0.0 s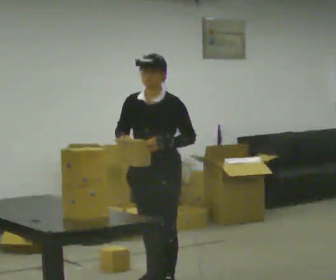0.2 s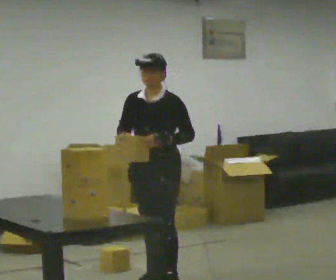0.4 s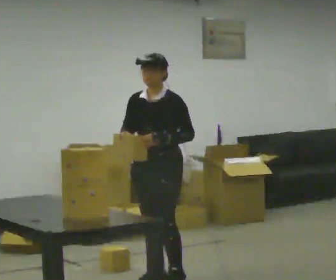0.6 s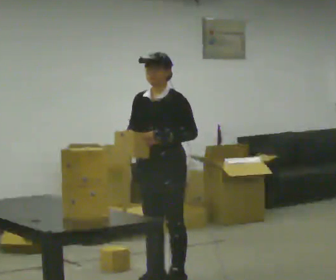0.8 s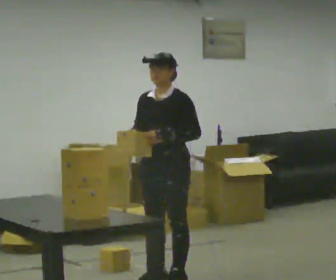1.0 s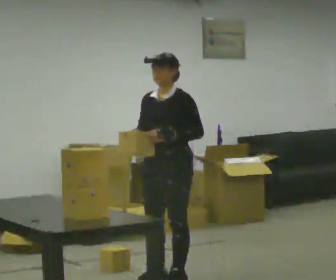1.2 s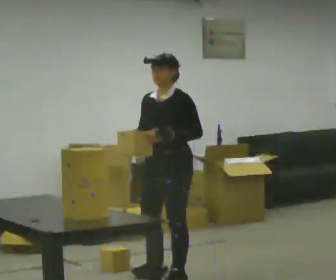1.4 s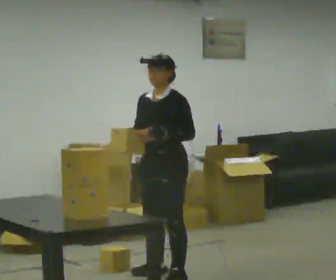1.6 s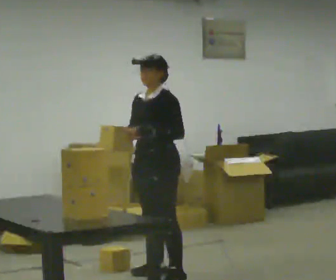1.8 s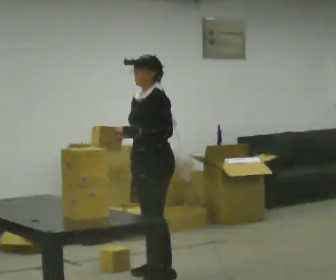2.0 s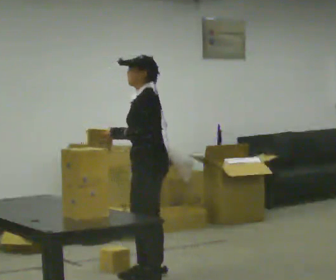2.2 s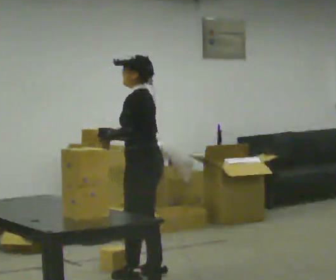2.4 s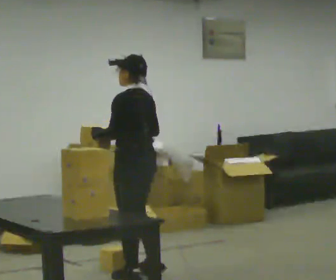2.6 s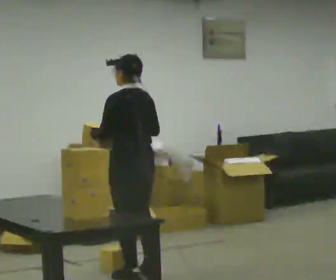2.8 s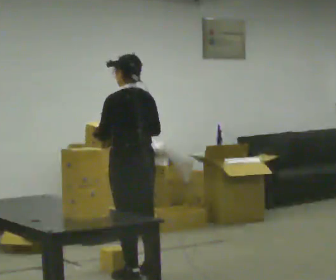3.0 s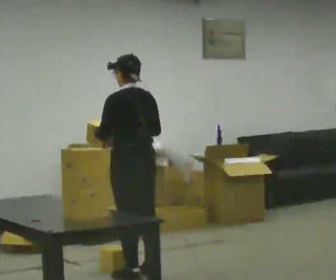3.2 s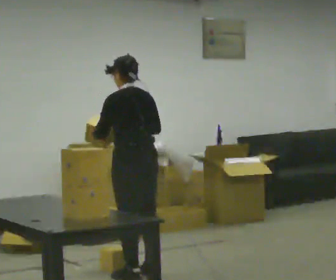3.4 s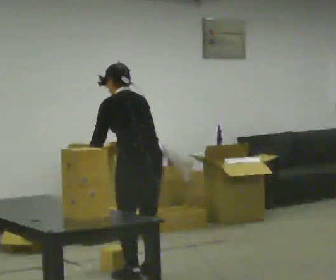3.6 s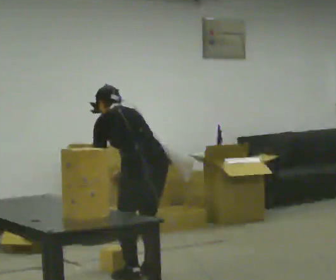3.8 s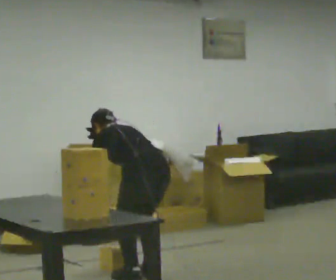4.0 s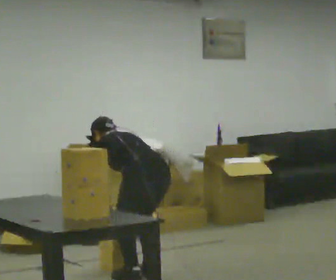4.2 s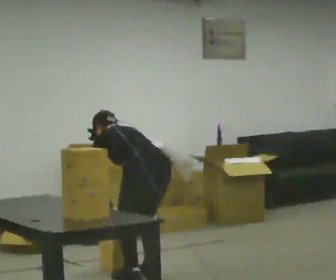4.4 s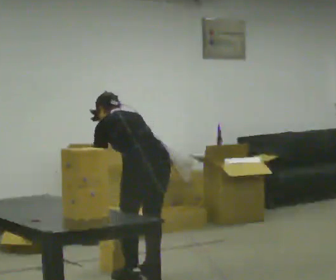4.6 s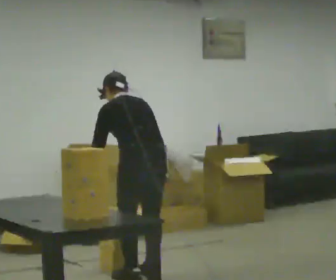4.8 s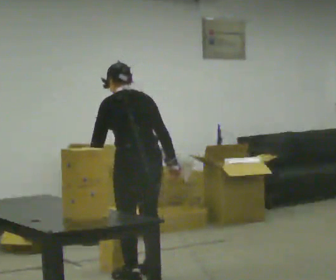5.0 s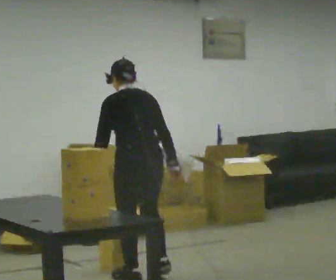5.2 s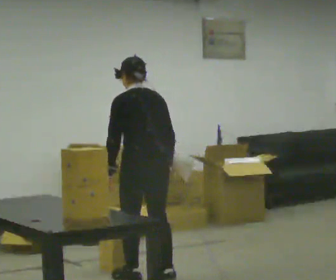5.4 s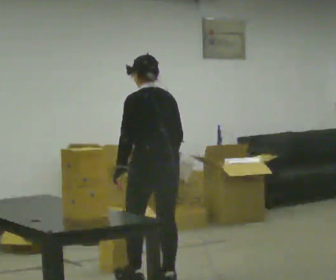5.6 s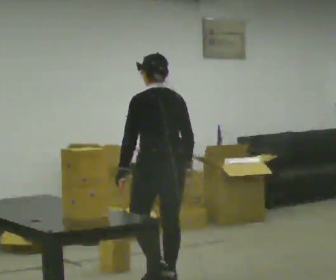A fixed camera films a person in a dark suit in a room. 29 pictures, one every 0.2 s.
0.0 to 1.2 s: In the picture they go away from the camera, about 0.25 m in 2 steps, which for them is backward.
1.2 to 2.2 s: The person turns about 60 degrees to their right, clockwise seen from above, so the part of the body nearest the lens slides to the left. In the picture they go to the left, about 0.25 m in 1 step, which for them is to their right. In the picture their left hand goes to the left.
2.2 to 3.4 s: The person turns about 45 degrees to their right, clockwise seen from above, so the part of the body nearest the lens slides to the left.
3.4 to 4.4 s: In the picture their right hand goes downward.
4.4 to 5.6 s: In the picture they go toward the camera, about 0.25 m in 2 steps, which for them is backward. The shoulders move upward. The upper body tips toward the camera, its near side rolling downward, as they lean back or straighten.
The film runs backward here.
